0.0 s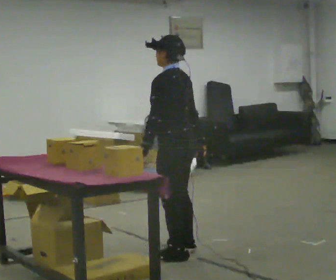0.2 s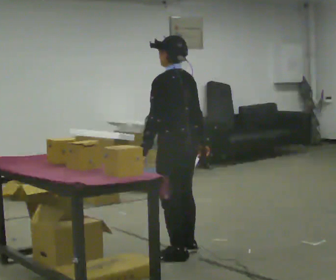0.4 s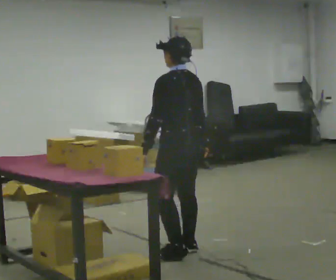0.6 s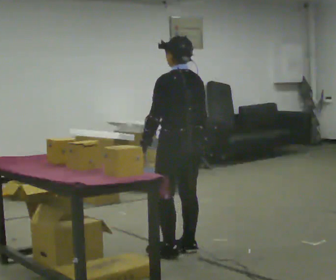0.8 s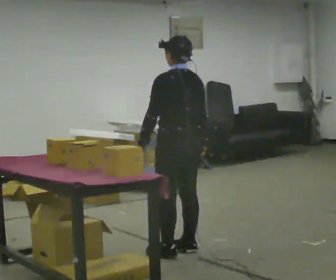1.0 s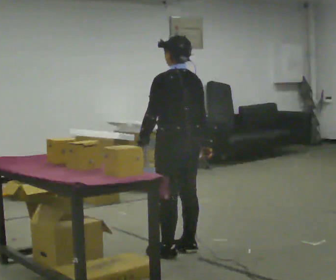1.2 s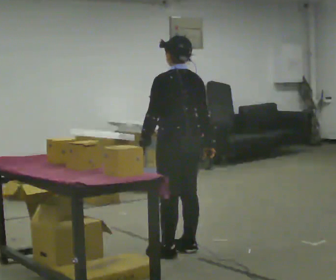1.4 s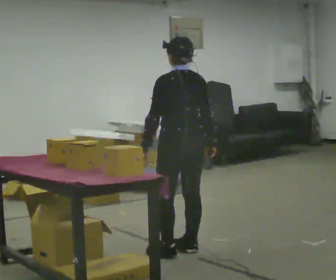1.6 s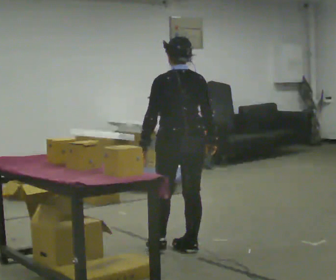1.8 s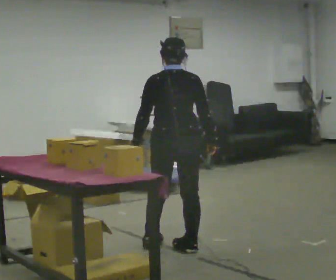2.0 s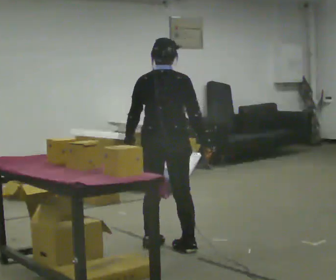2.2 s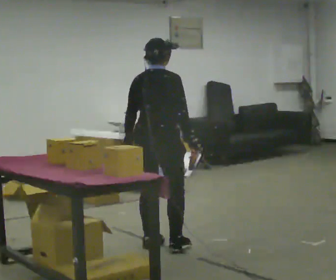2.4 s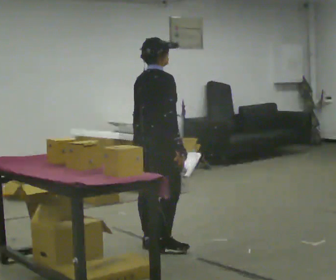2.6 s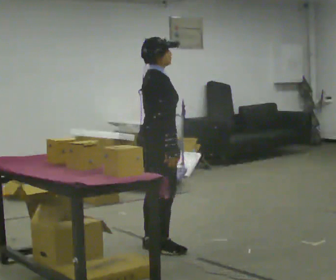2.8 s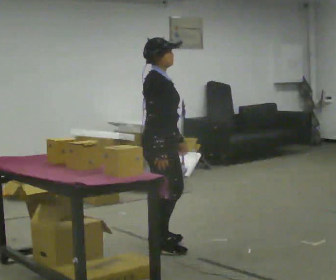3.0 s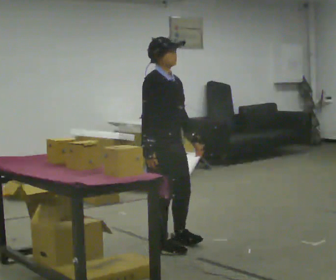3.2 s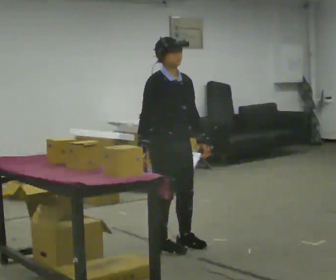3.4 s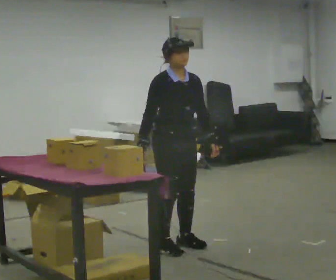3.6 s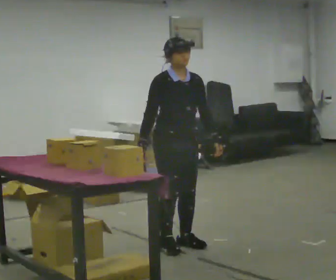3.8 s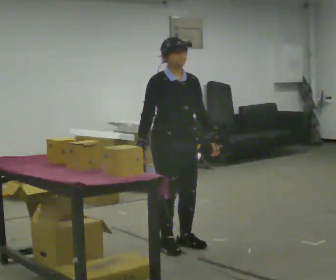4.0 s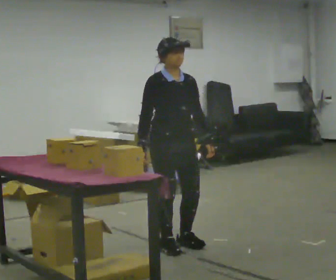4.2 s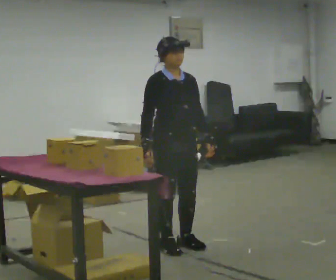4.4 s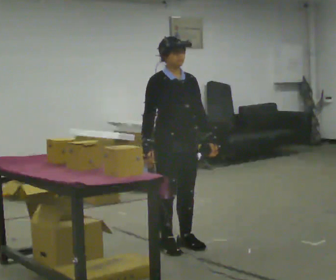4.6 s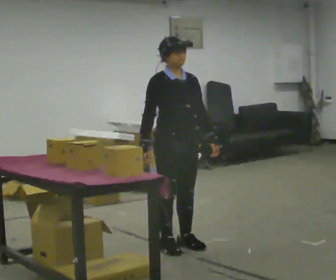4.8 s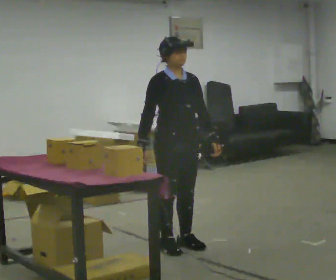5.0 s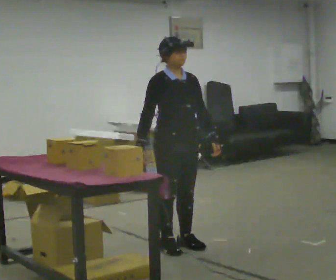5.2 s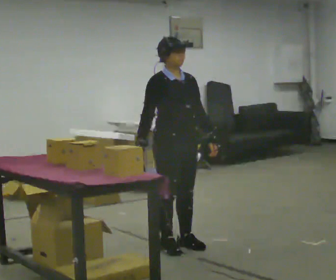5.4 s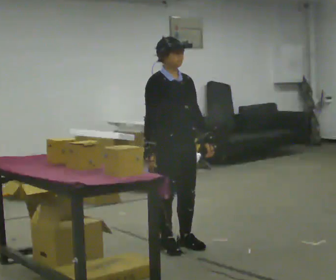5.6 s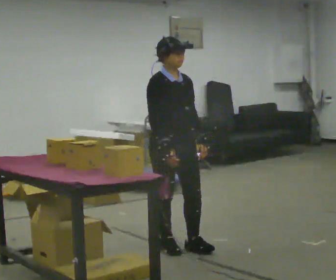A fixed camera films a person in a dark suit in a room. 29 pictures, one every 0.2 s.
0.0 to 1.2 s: Seen from above the body turns clockwise, about 30 degrees: to their right, with its near side sliding to the left.
1.2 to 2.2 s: Seen from above the body turns clockwise, about 75 degrees: to their right, with its near side sliding to the left. In the picture they go to the left, about 0.25 m in 1 step.
2.2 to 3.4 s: The person turns about 105 degrees to their right, clockwise seen from above, so the part of the body nearest the lens slides to the left. In the picture they go to the right, about 0.25 m in 2 steps. In the picture their right hand goes to the left, the arm swinging clockwise.
3.4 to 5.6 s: The person moves a little, or ends about where they began.
The film runs forward here.
